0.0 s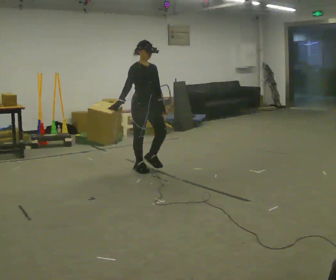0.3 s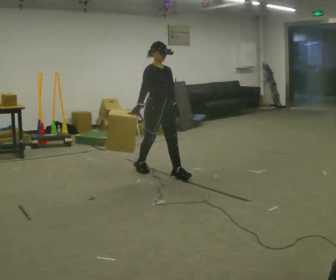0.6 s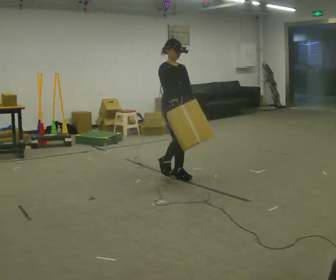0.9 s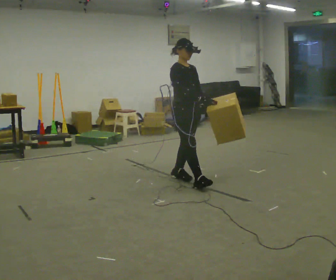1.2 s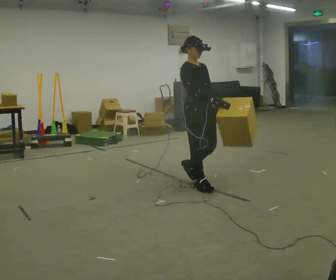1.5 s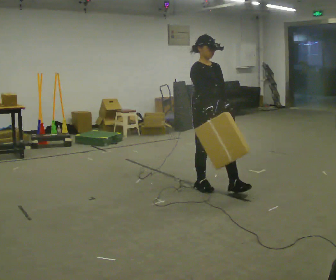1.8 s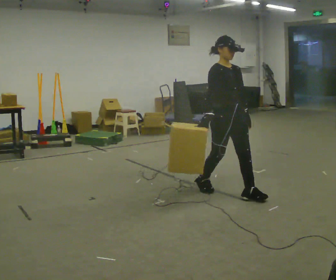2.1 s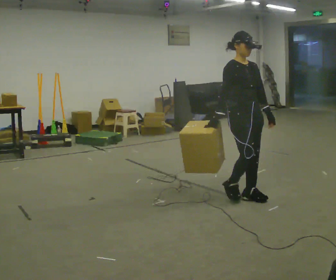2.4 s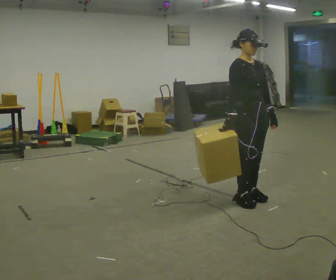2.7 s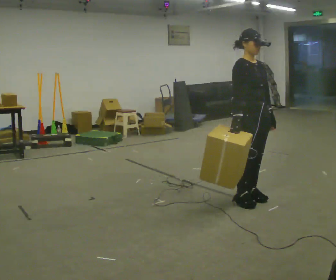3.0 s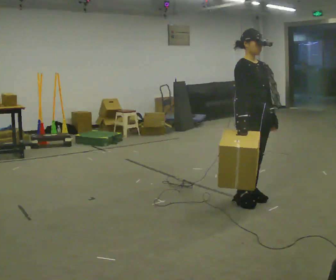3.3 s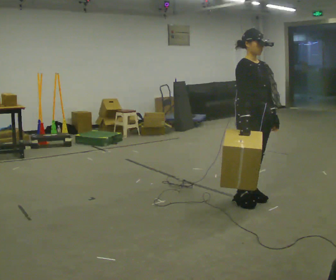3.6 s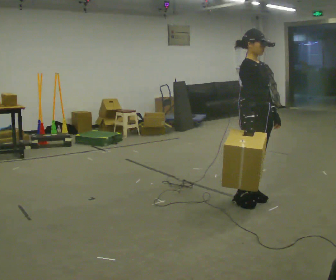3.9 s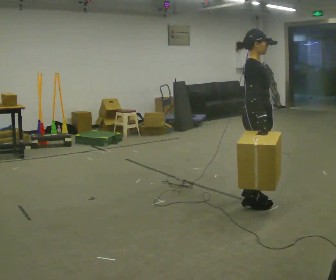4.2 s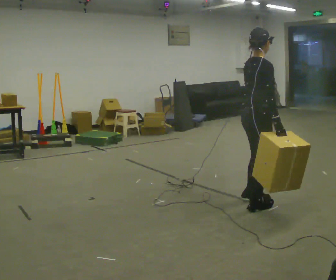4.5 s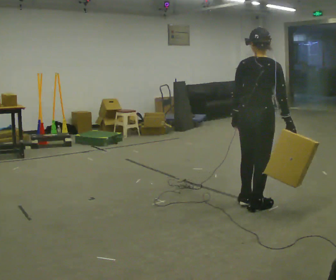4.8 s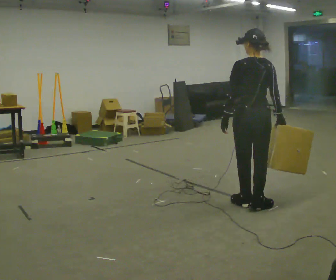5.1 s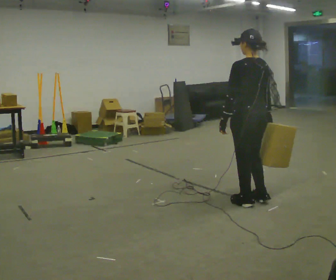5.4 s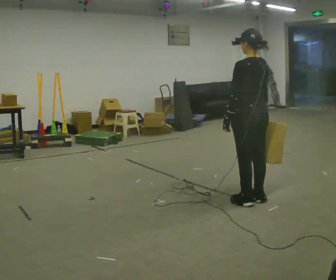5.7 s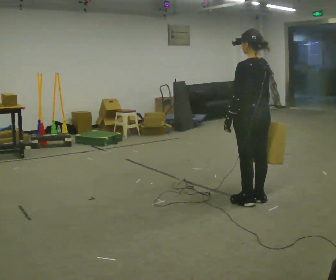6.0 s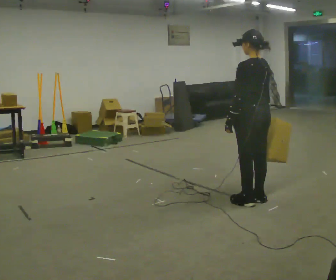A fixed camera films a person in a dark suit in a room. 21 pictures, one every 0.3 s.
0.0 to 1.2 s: In the picture they go to the right and toward the camera, about 1 m in 2 steps, which for them is forward.
1.2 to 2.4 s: In the picture they go to the right and toward the camera, about 0.75 m in 2 steps, which for them is forward.
2.4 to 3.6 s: The person moves a little, or ends about where they began.
3.6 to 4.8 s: Seen from above the body turns counterclockwise, about 135 degrees: to their left, with its near side sliding to the right. In the picture their left hand goes to the left, the arm swinging clockwise.
4.8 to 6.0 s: The person turns about 30 degrees to their left, counterclockwise seen from above, so the part of the body nearest the lens slides to the right.
The film runs forward here.
